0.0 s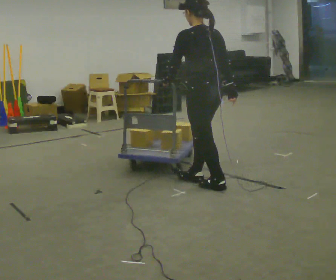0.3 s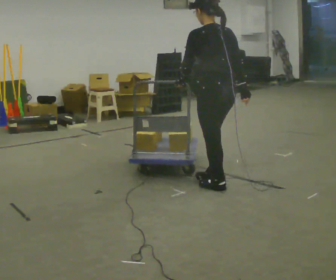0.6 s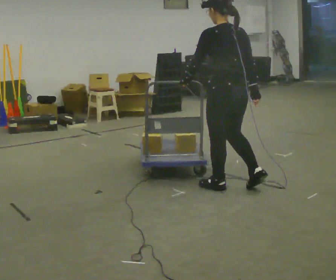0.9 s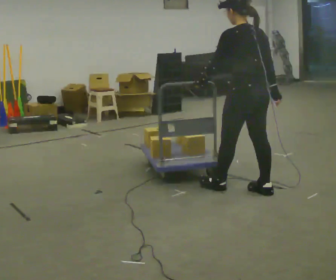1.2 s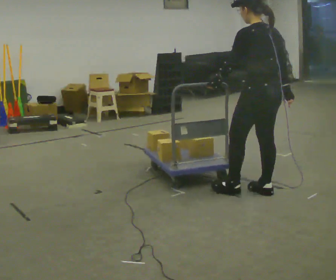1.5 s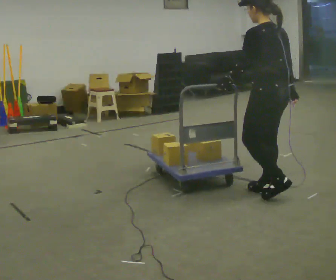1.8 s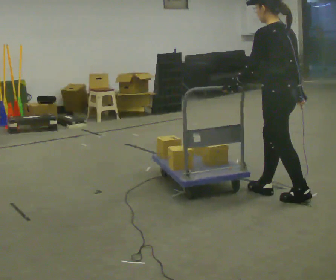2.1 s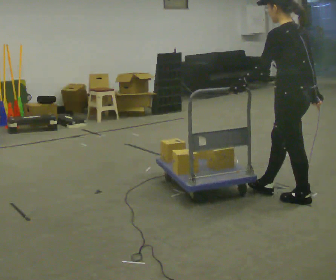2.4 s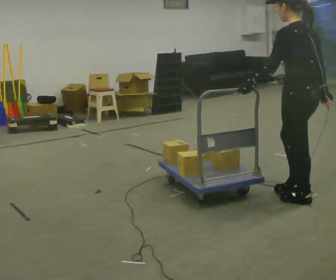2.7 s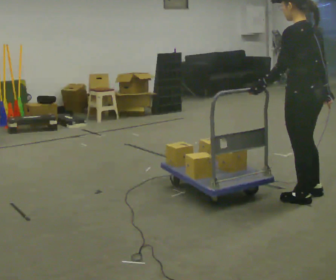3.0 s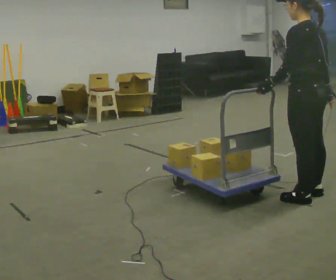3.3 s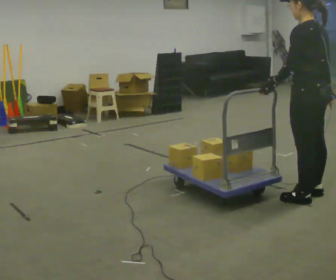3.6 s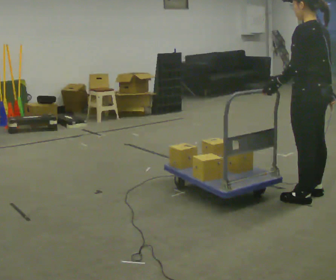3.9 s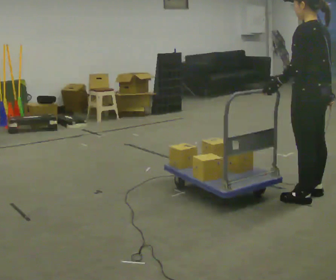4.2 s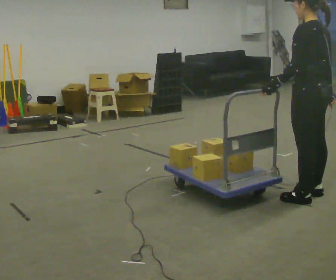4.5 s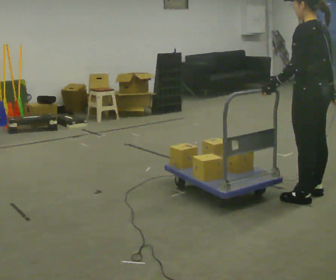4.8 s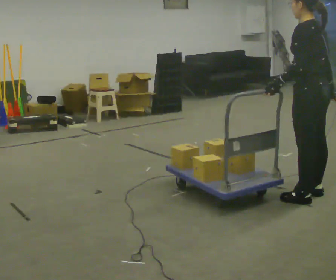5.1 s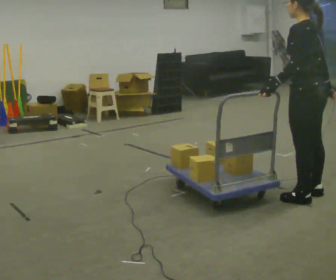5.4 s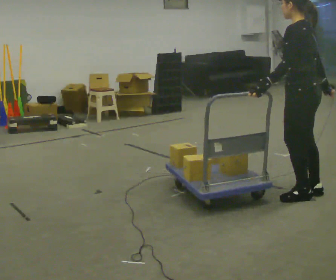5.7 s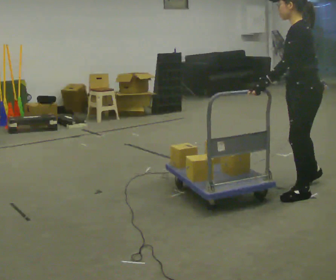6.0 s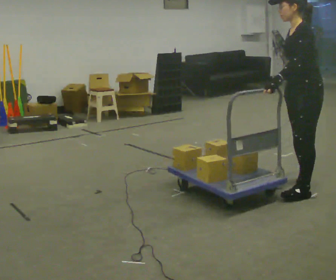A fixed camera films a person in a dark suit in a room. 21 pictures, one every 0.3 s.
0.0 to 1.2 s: In the picture they go to the right, about 0.5 m in 2 steps, which for them is backward and to their right.
1.2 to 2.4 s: In the picture they go to the right and toward the camera, about 0.25 m in 1 step, which for them is backward.
2.4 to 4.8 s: The person moves a little, or ends about where they began.
4.8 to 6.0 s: The part of the body nearest the lens slides to the right as the person turns to their left by about 60 degrees. In the picture they go away from the camera, about 0.25 m in 1 step, which for them is to their right.
The film runs backward here.
